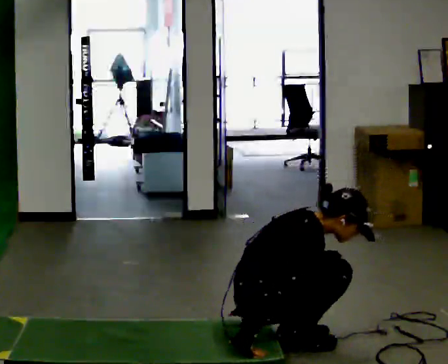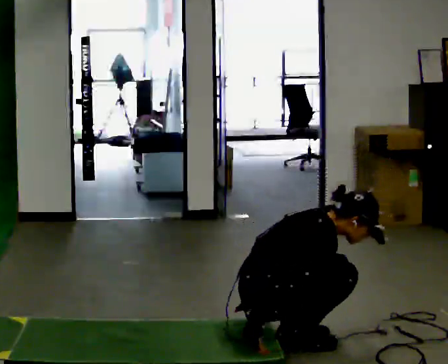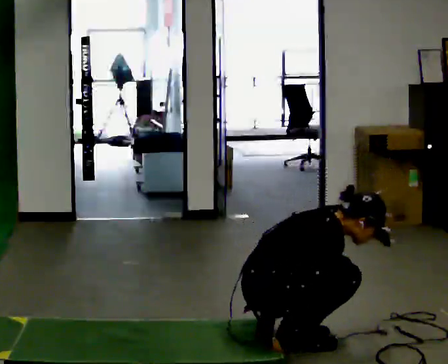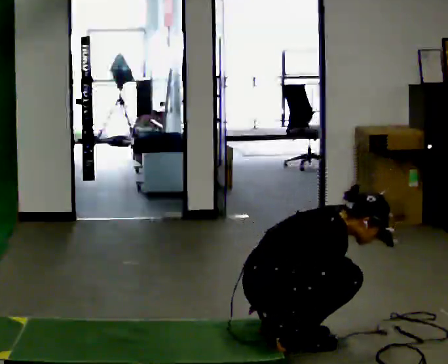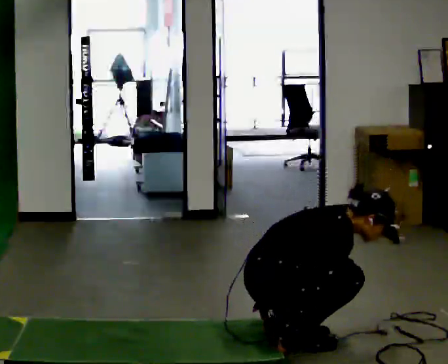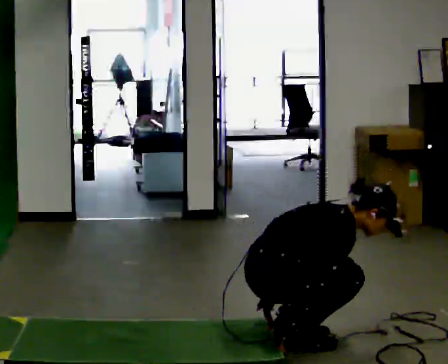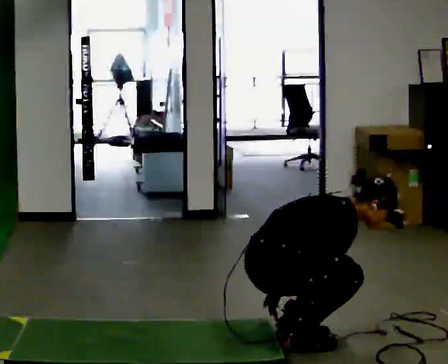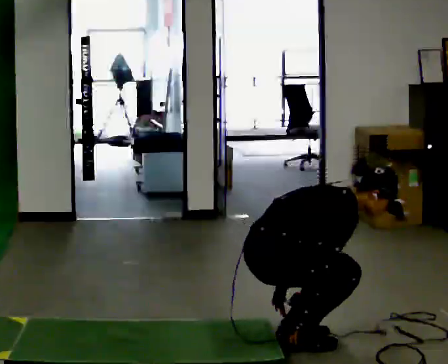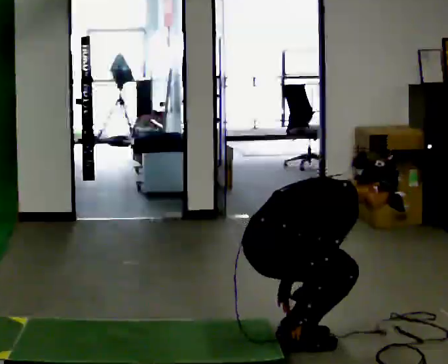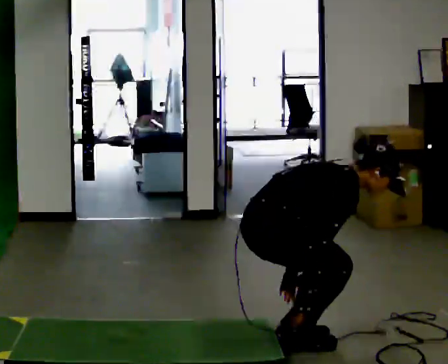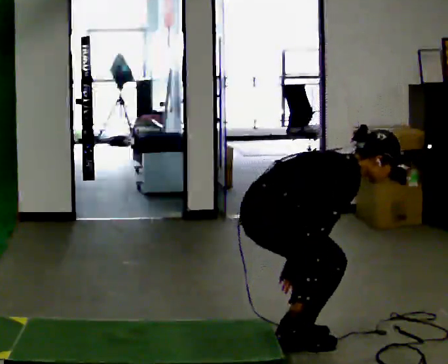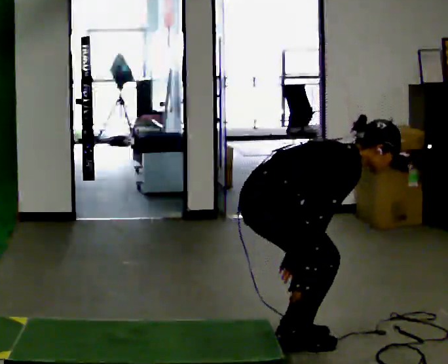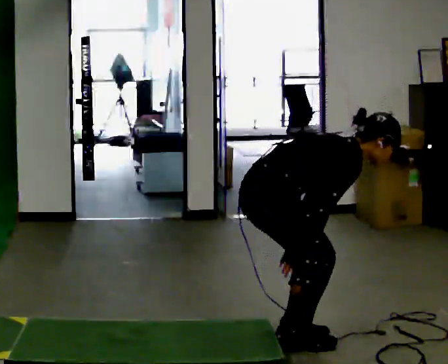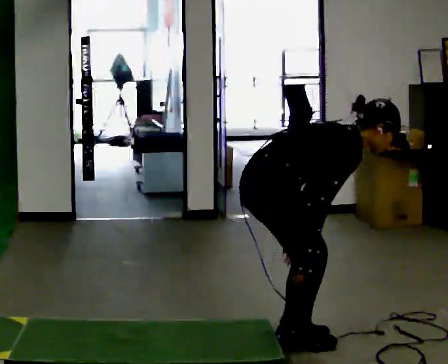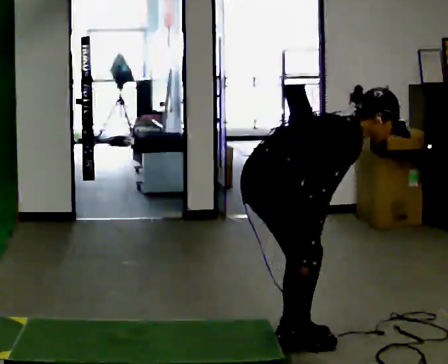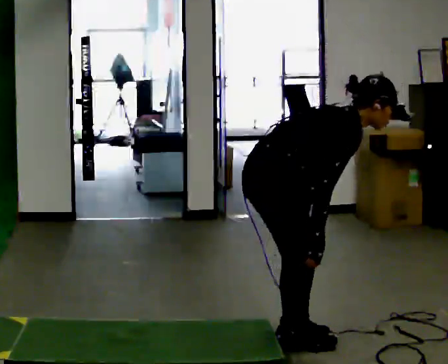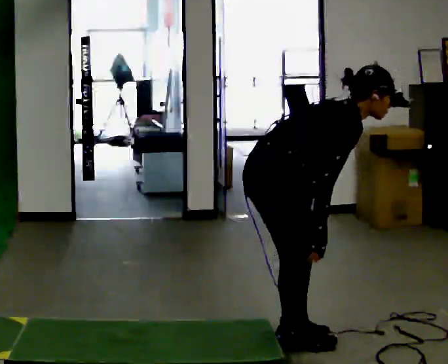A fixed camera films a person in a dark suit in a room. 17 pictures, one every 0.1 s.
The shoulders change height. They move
upward.
Their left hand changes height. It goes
upward.
0.0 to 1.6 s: The shoulders move upward. In the picture their left hand goes upward.
The film runs backward here.
